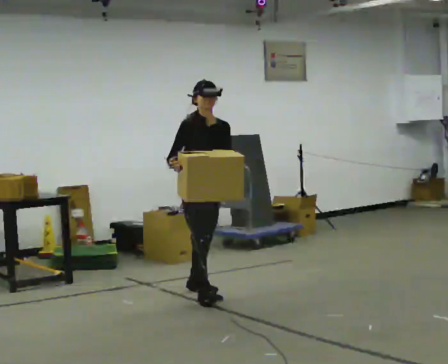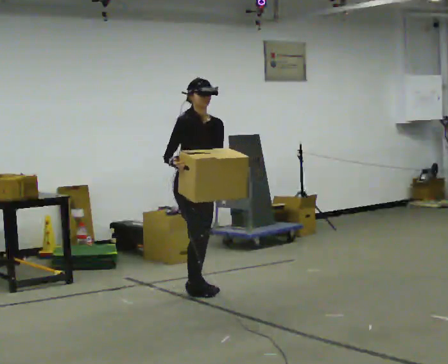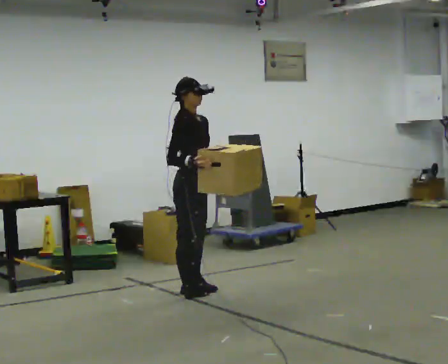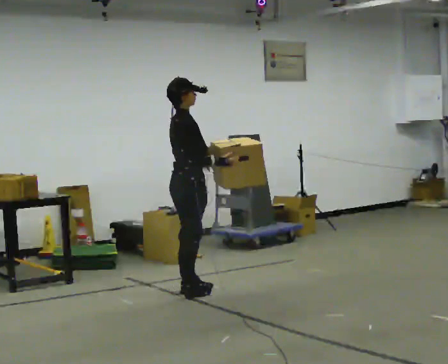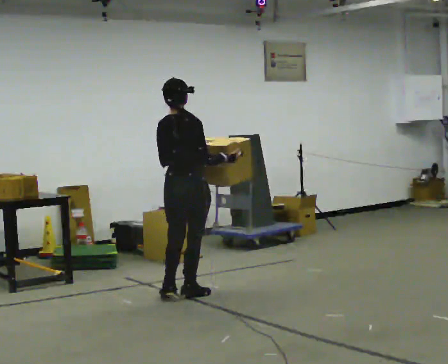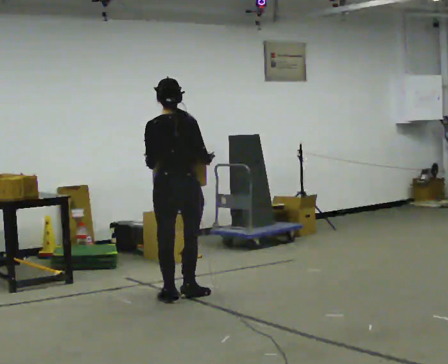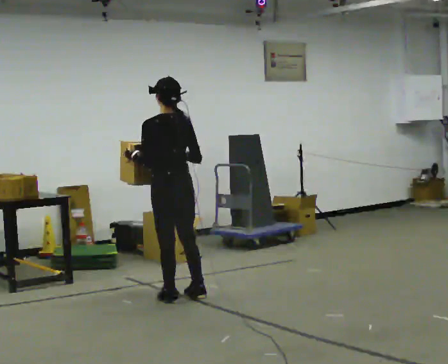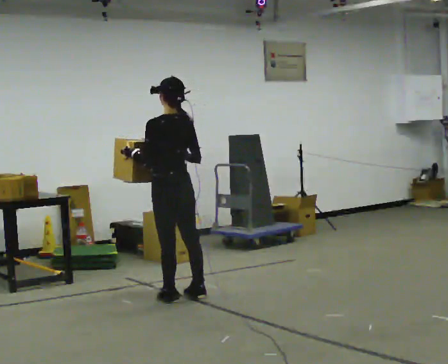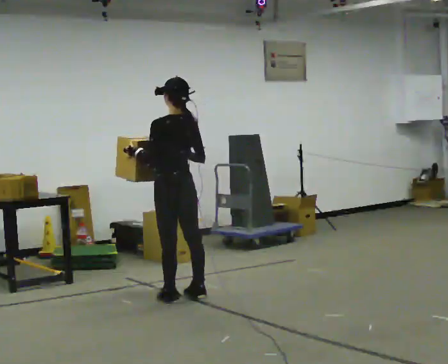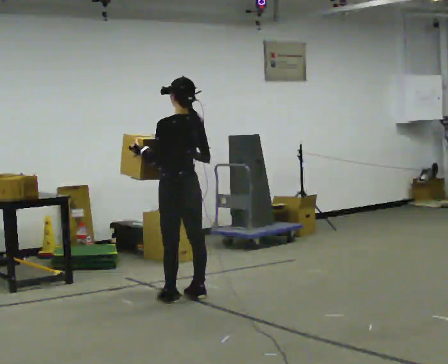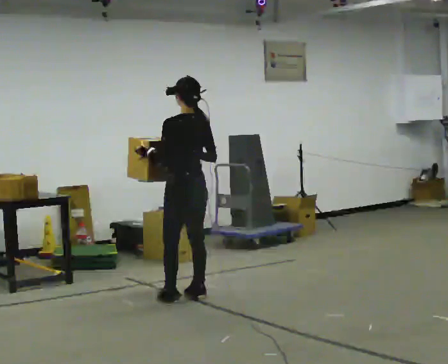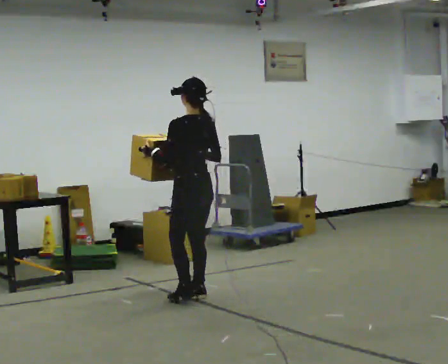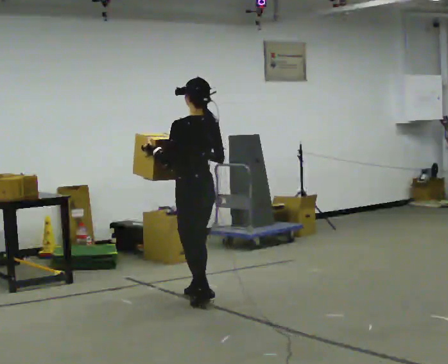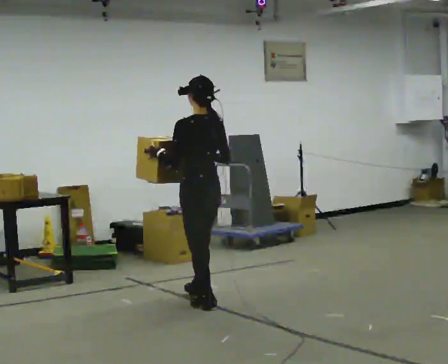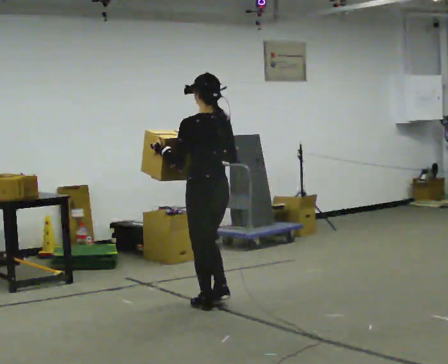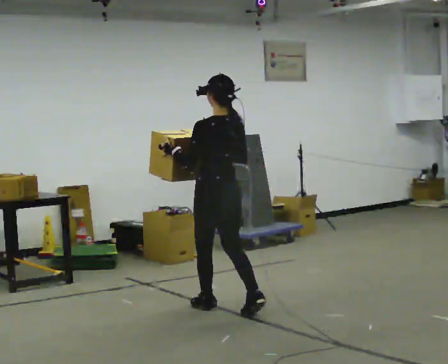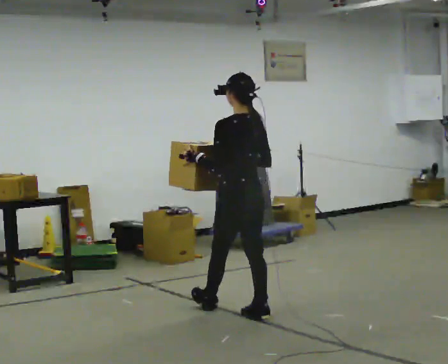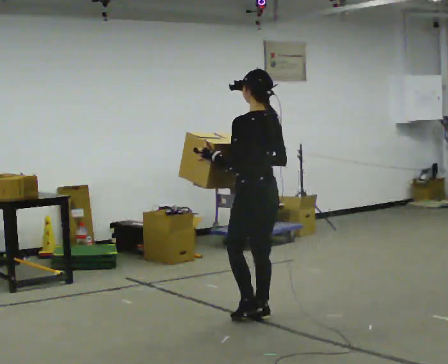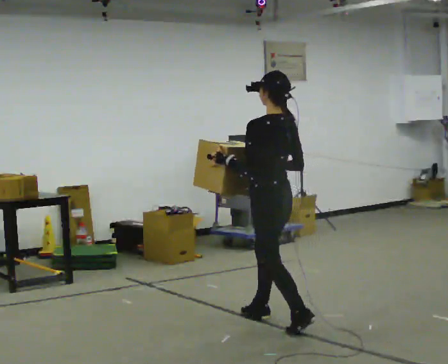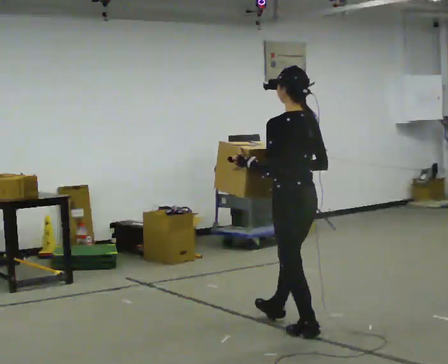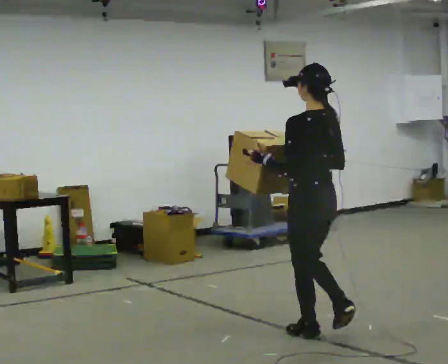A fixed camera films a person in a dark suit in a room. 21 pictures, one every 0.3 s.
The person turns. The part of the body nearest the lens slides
to the right.
The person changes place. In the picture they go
toward the camera.
0.0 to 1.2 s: Seen from above the body turns counterclockwise, about 105 degrees: to their left, with its near side sliding to the right. In the picture their right hand goes to the right, the arm swinging counterclockwise.
1.2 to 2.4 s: Seen from above the body turns counterclockwise, about 75 degrees: to their left, with its near side sliding to the right.
2.4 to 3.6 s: The person moves a little, or ends about where they began.
3.6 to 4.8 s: In the picture they go toward the camera and to the right, about 0.5 m in 1 step, which for them is backward.
4.8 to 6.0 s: In the picture they go toward the camera and to the right, about 0.5 m in 2 steps, which for them is backward.
The film runs backward here.
